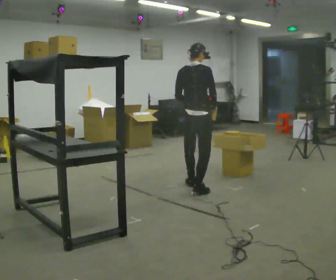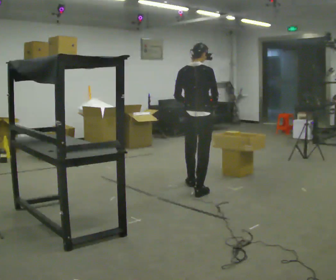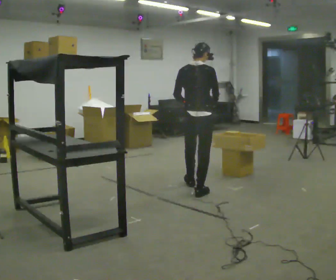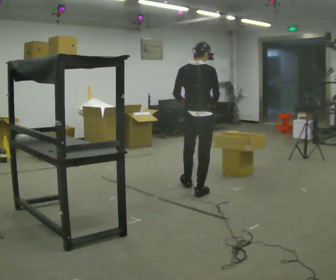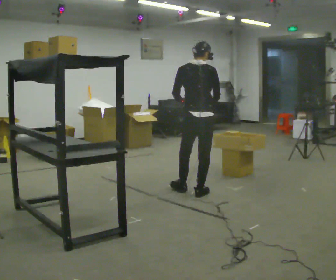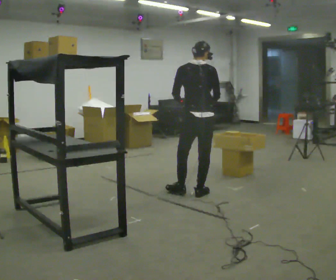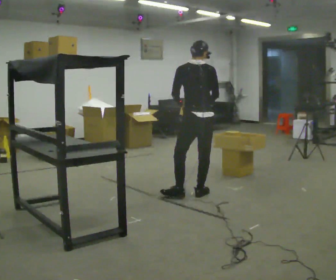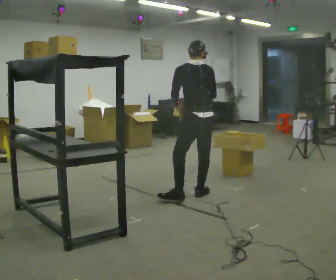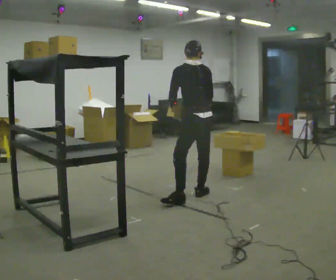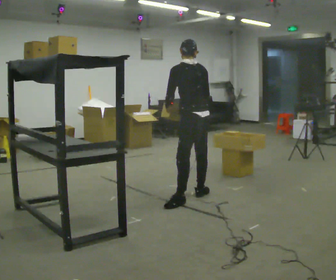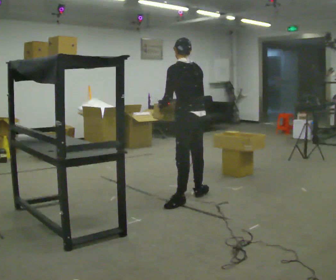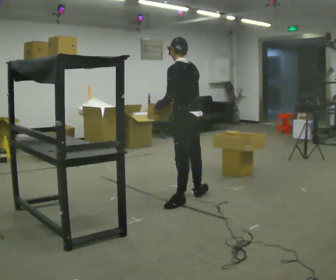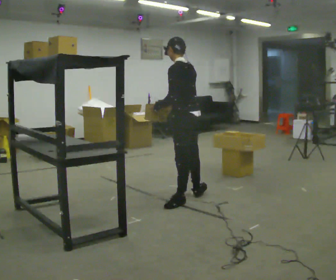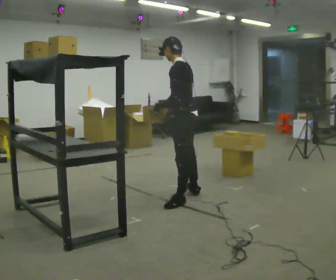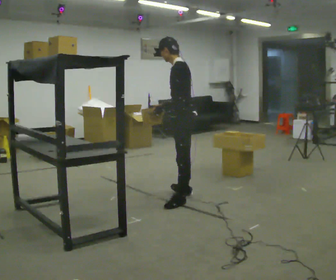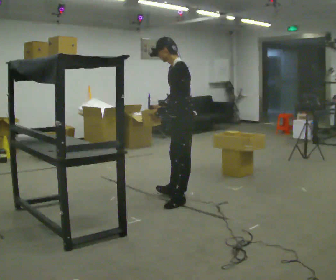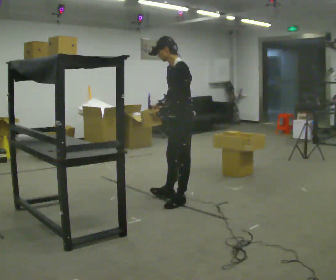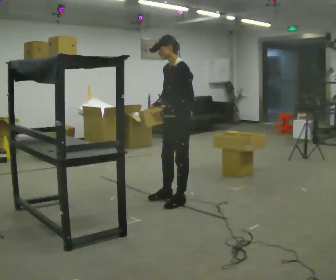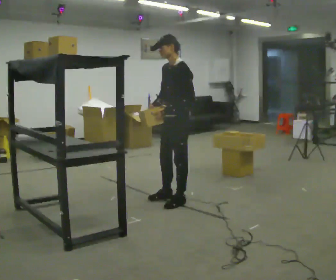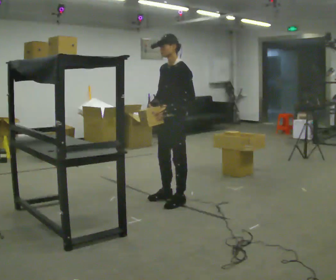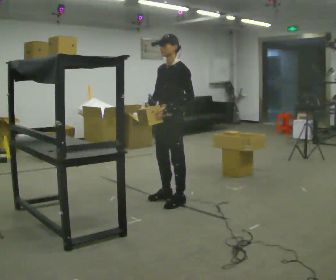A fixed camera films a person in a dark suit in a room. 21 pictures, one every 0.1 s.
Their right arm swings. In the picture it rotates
clockwise.
The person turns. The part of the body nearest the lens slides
to the right.
0.0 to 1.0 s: The person turns about 75 degrees to their left, counterclockwise seen from above, so the part of the body nearest the lens slides to the right. In the picture they go toward the camera, about 0.5 m in 1 step.
1.0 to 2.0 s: Seen from above the body turns counterclockwise, about 75 degrees: to their left, with its near side sliding to the right. In the picture they go to the left, about 0.25 m in 1 step. In the picture their right hand goes to the left.
The film runs backward here.
